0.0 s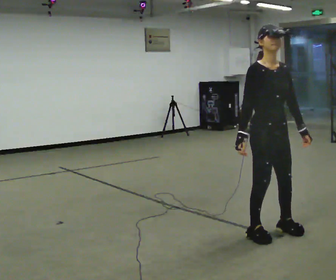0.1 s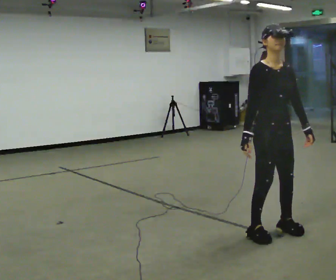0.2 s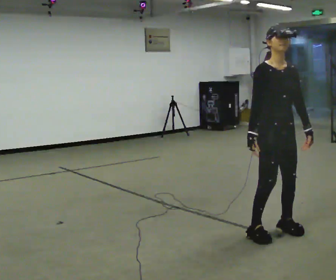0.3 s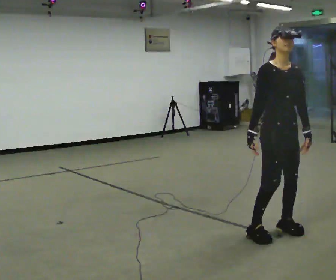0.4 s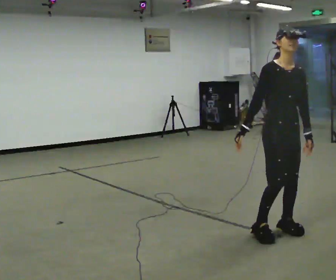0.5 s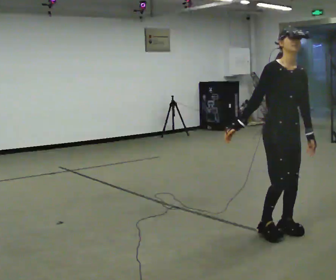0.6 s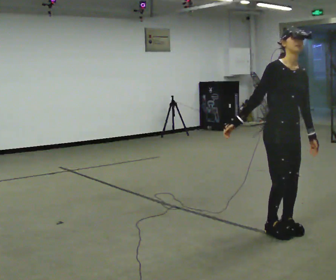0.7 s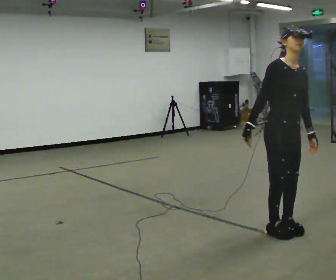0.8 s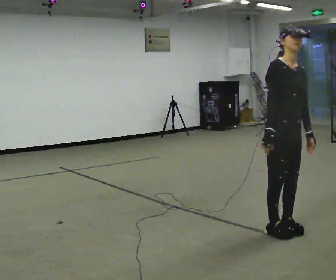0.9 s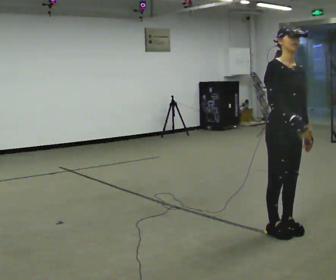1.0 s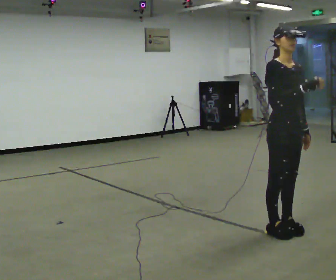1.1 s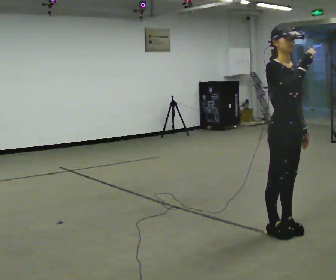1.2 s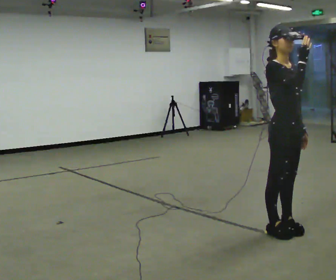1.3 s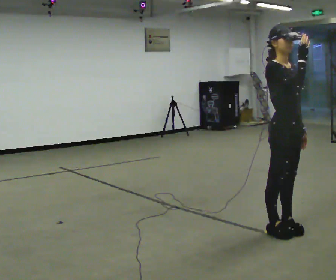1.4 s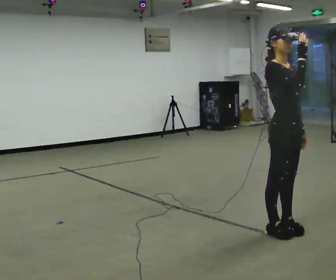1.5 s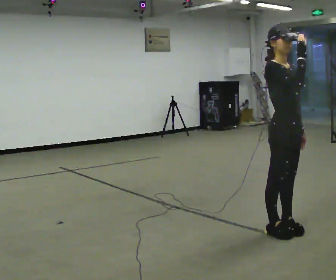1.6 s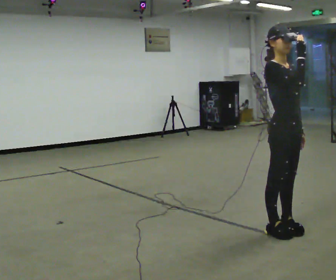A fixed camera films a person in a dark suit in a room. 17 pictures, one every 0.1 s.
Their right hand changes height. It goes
upward.
0.0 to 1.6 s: In the picture their right hand goes upward and to the right.
The film runs backward here.
